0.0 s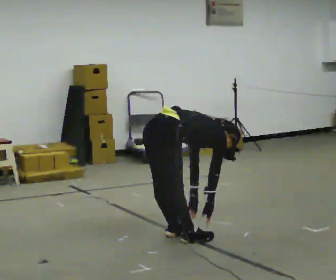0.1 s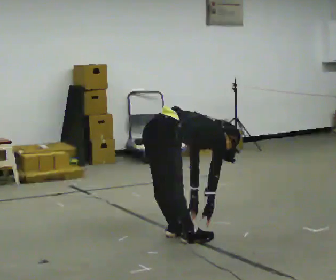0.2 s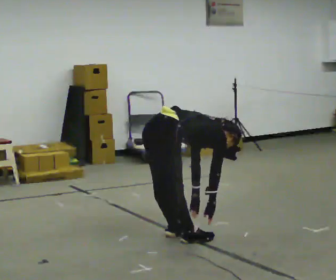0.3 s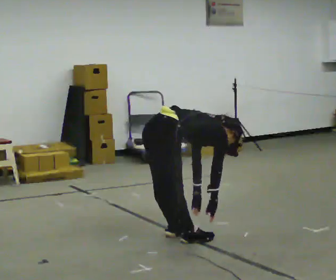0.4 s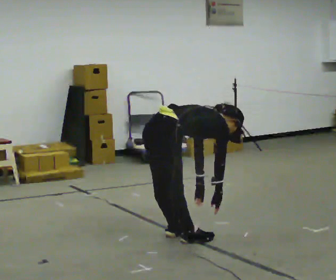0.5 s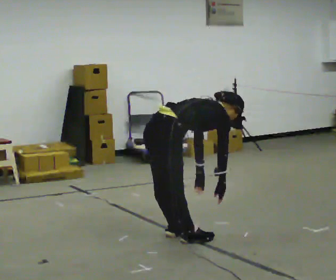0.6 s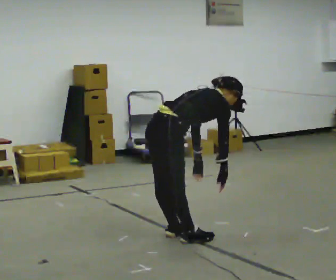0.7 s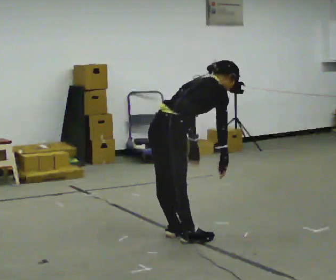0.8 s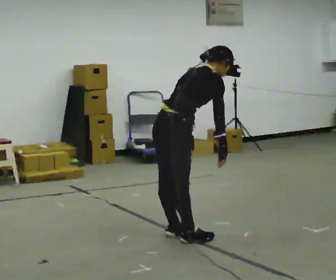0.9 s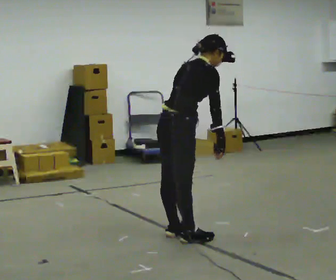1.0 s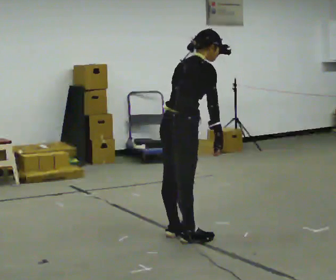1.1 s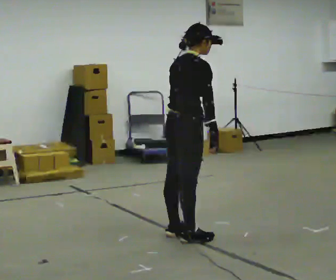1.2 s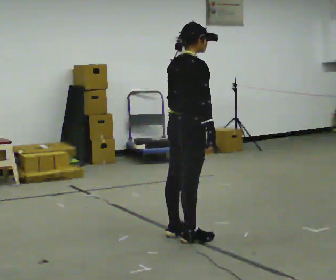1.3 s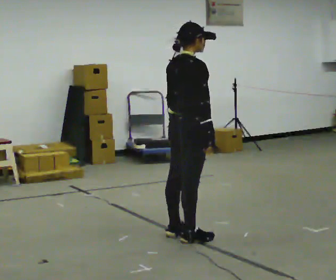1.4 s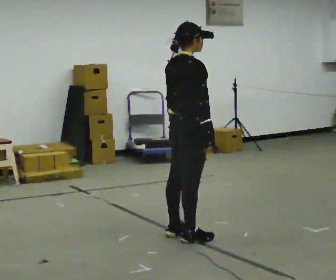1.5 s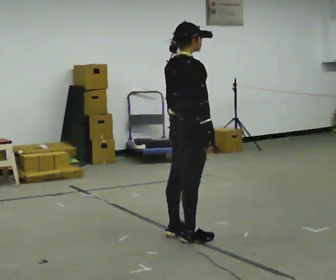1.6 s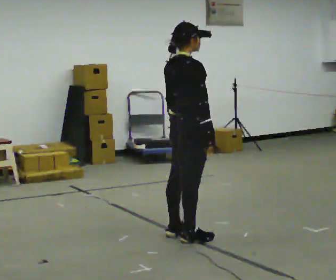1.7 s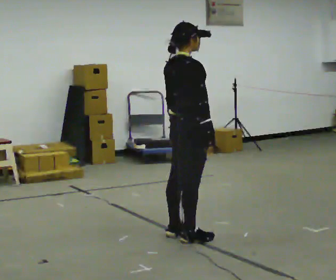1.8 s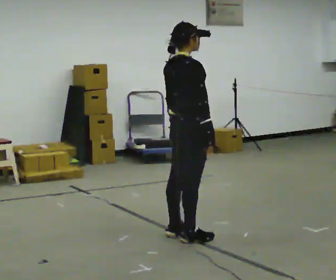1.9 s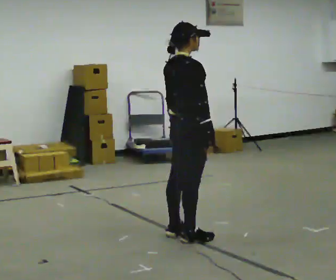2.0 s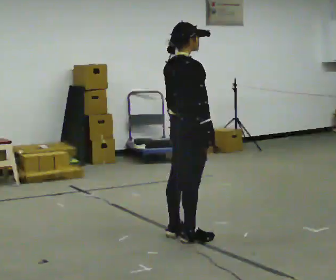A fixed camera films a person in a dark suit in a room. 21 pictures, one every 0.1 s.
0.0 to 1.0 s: The upper body goes upward. The upper body tips toward the camera, its near side rolling downward, as they lean back or straighten. In the picture their left hand goes upward.
1.0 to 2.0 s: In the picture the upper body tilts counterclockwise, shoulders to the left, as they lean back or straighten.
The film runs backward here.
